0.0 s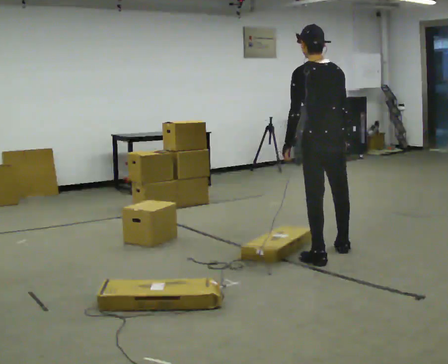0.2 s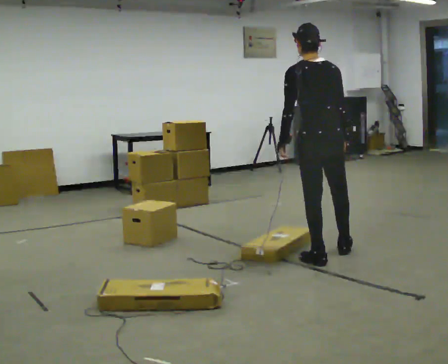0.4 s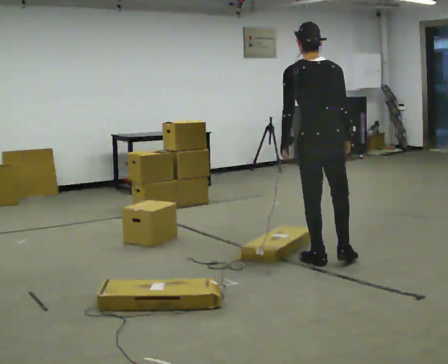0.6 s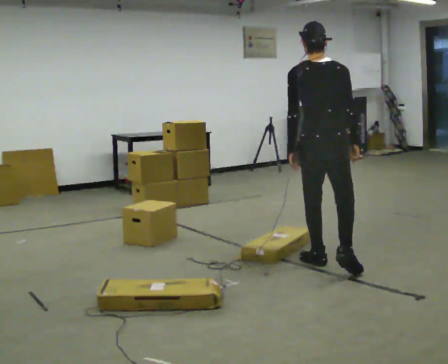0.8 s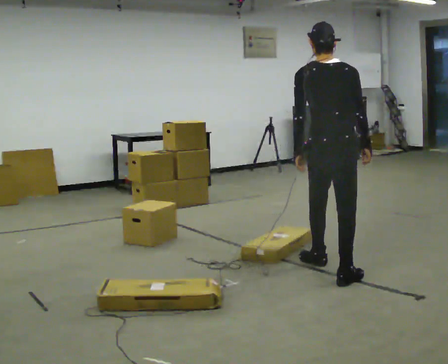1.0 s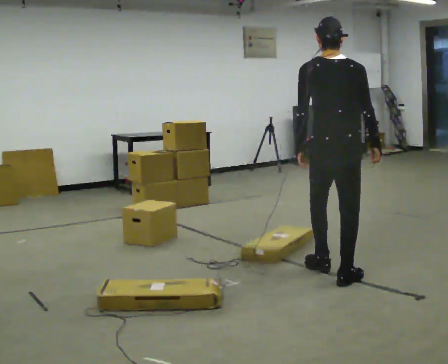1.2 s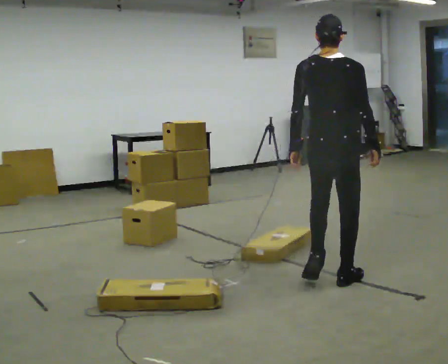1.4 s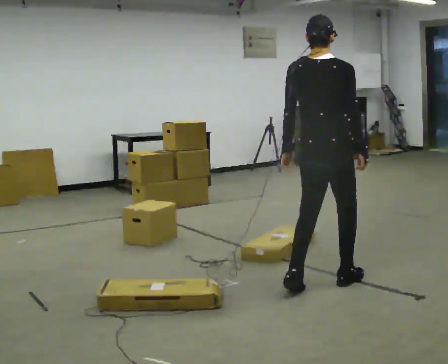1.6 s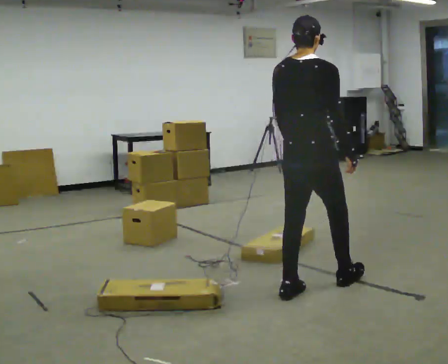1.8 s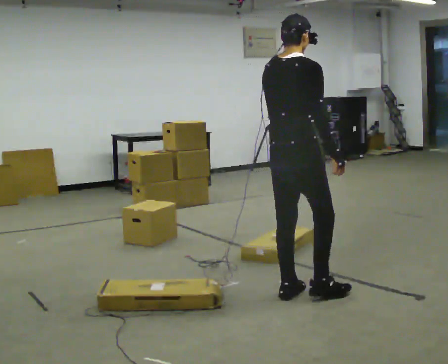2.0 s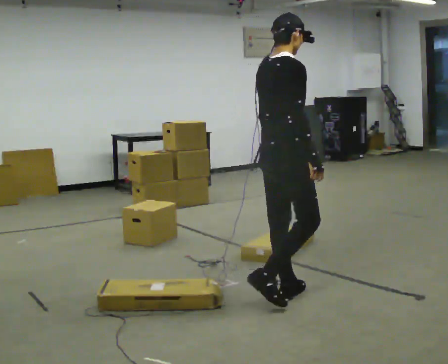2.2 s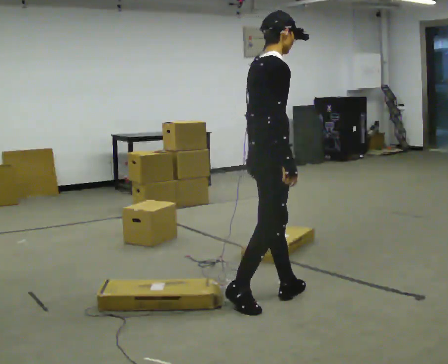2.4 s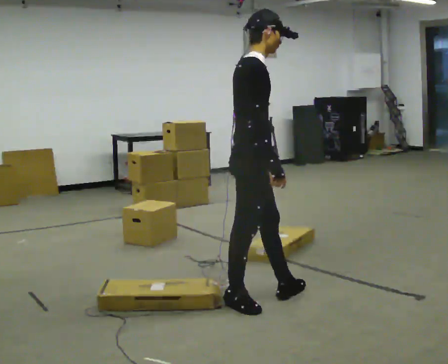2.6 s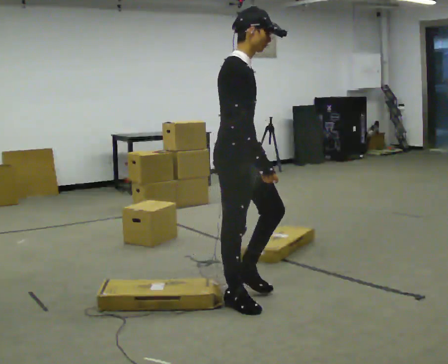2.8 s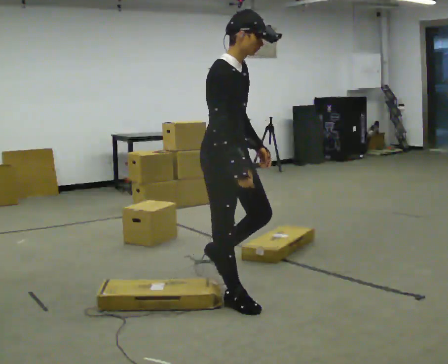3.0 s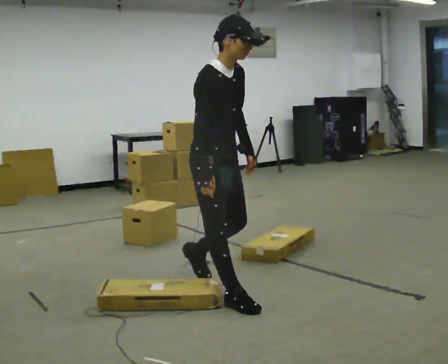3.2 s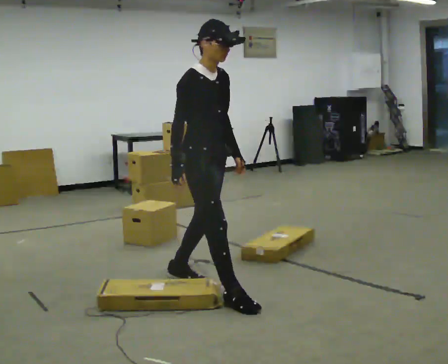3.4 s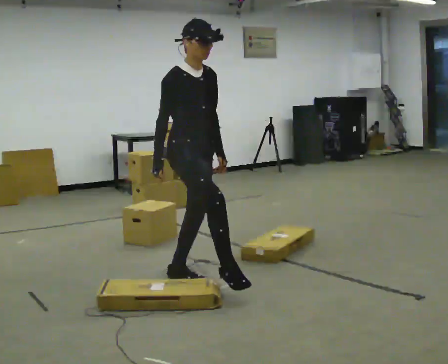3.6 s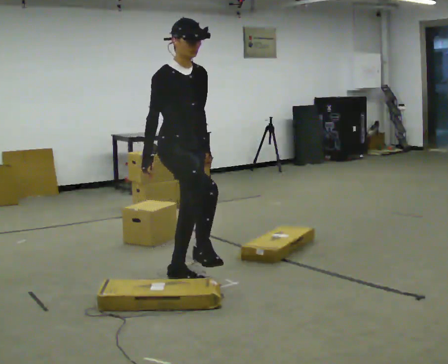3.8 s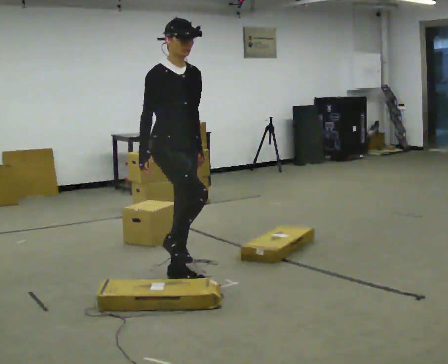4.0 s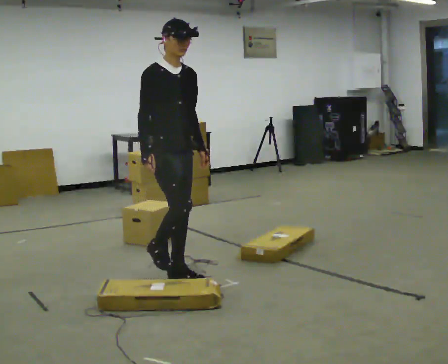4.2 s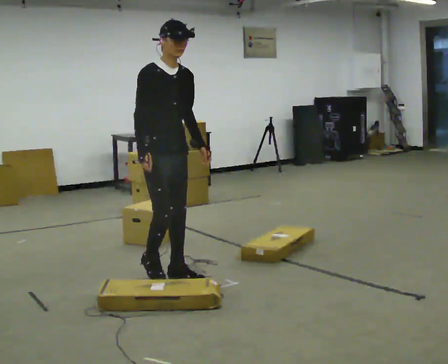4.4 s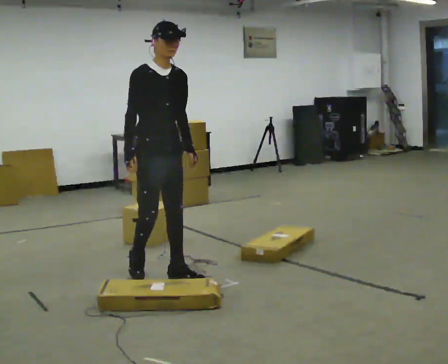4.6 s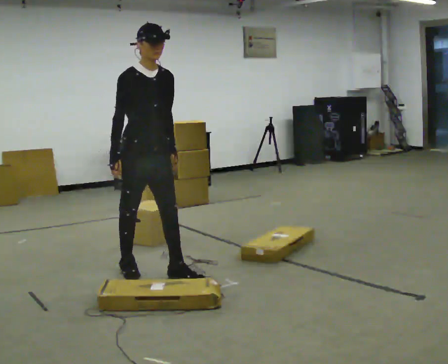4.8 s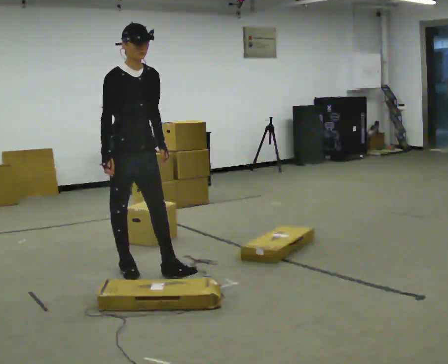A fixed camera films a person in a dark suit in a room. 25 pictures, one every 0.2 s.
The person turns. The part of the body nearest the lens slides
to the left.
The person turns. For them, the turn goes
to their right.
0.0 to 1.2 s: Seen from above the body turns clockwise, about 45 degrees: to their right, with its near side sliding to the left. In the picture they go toward the camera, about 0.5 m in 2 steps, which for them is backward.
1.2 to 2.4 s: The part of the body nearest the lens slides to the left as the person turns to their right by about 75 degrees. In the picture they go to the left and toward the camera, about 0.5 m in 2 steps.
2.4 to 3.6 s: The part of the body nearest the lens slides to the left as the person turns to their right by about 45 degrees. In the picture they go to the left and away from the camera, about 0.5 m in 1 step, which for them is backward.
3.6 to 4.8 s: In the picture they go to the left and away from the camera, about 0.5 m in 1 step, which for them is backward.
The film runs backward here.
